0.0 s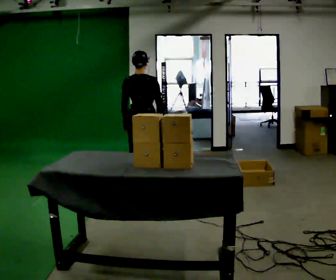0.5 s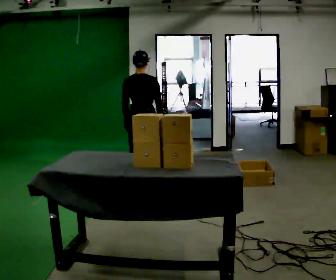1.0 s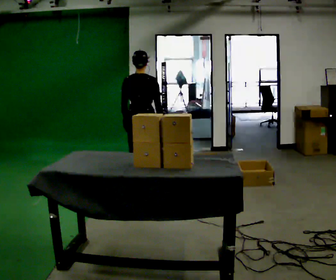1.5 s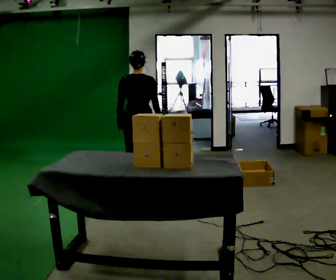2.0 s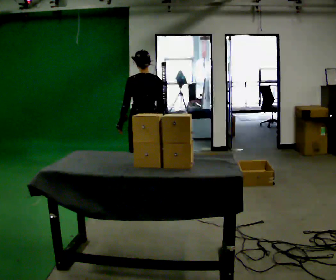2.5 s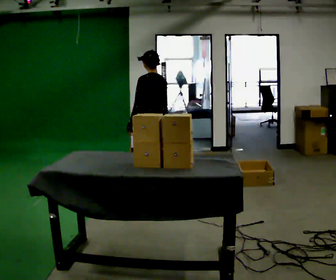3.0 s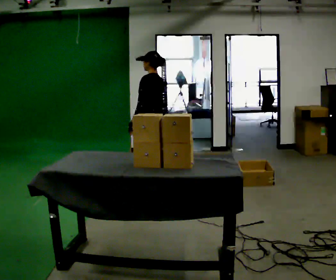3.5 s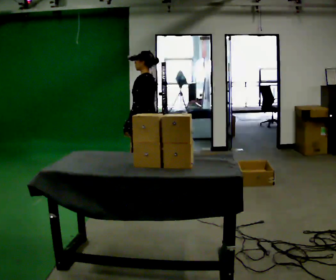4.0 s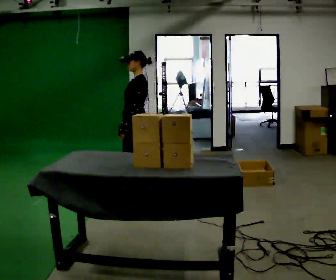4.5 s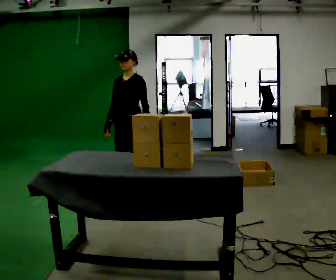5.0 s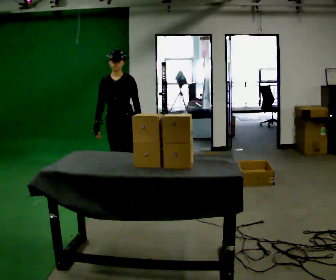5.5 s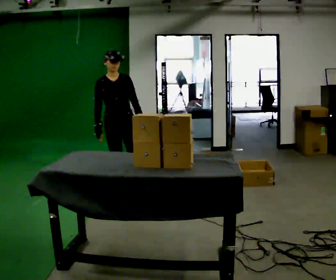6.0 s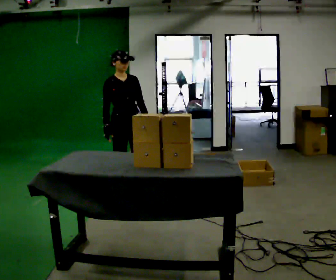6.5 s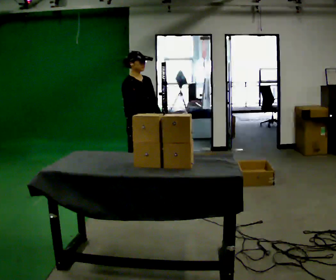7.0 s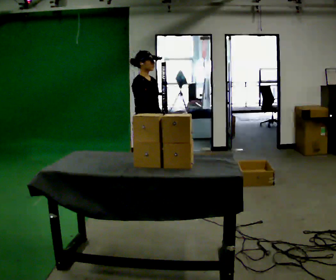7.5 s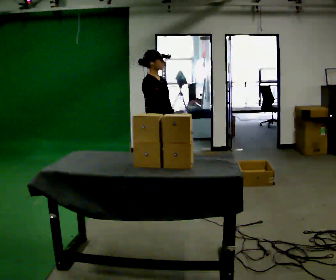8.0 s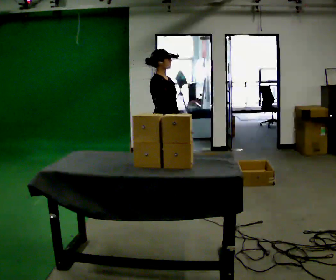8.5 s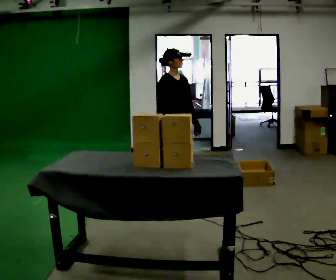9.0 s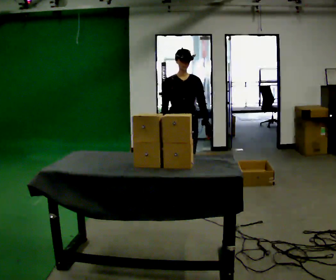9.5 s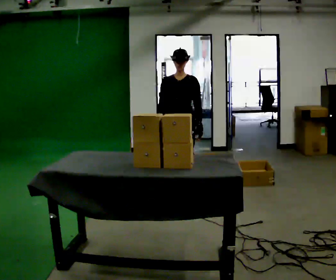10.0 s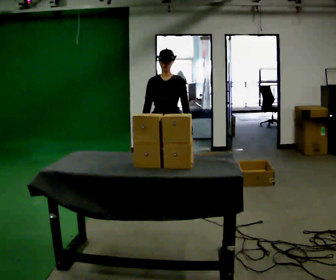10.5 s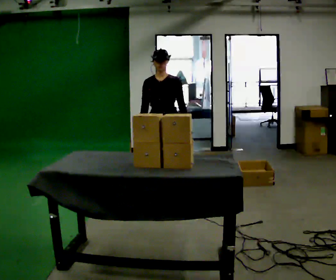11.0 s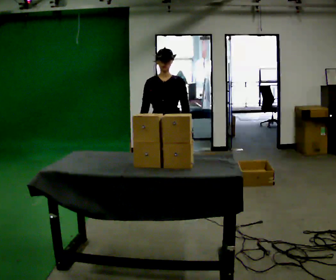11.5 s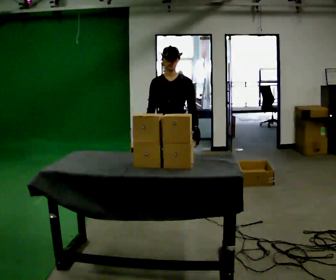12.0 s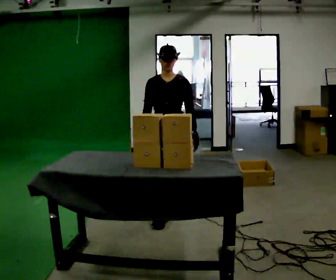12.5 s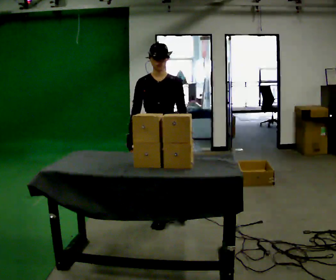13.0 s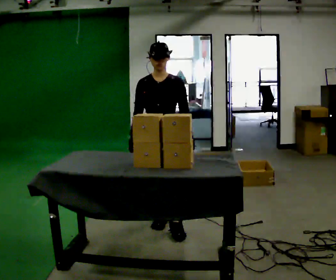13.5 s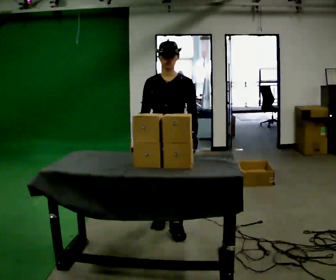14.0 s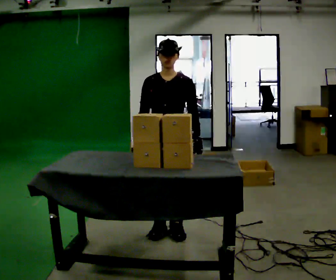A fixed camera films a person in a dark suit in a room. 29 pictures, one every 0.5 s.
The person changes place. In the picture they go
toward the camera.
0.0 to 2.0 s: The part of the body nearest the lens slides to the right as the person turns to their left by about 30 degrees.
2.0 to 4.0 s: The part of the body nearest the lens slides to the right as the person turns to their left by about 90 degrees. In the picture their right hand goes to the left.
4.0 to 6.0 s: The person turns about 105 degrees to their left, counterclockwise seen from above, so the part of the body nearest the lens slides to the right.
6.0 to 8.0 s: The person turns about 45 degrees to their left, counterclockwise seen from above, so the part of the body nearest the lens slides to the right. In the picture they go to the right and toward the camera, about 0.5 m in 1 step, which for them is forward.
8.0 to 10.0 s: The person turns about 75 degrees to their right, clockwise seen from above, so the part of the body nearest the lens slides to the left.
10.0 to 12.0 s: In the picture they go toward the camera, about 0.5 m in 2 steps, which for them is forward.
12.0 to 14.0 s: In the picture they go toward the camera, about 0.5 m in 2 steps, which for them is forward.
The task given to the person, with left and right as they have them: 1. Take the objects out of the box on the table one at a time. 2. Put each one in the bin the operator has labelled for it. 3. Tell the operator when you are finished.
The film runs forward here.
